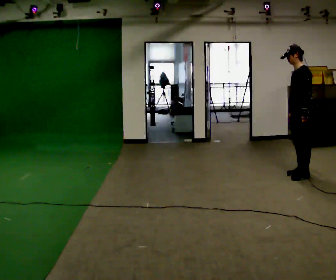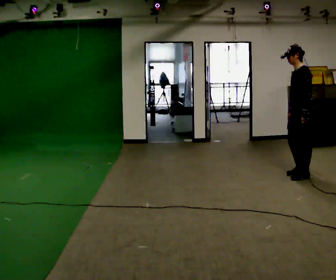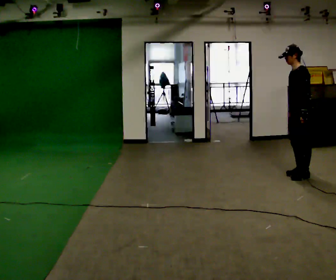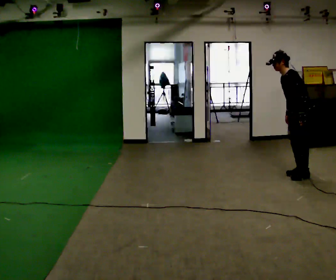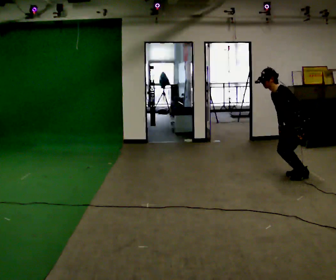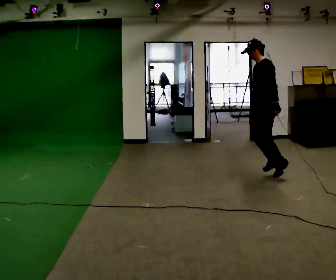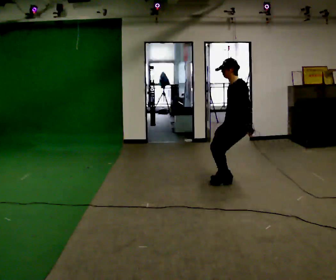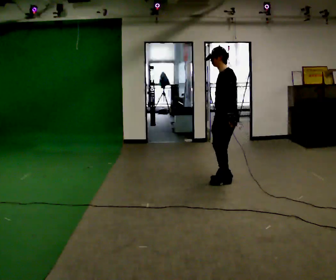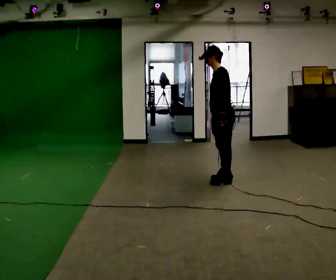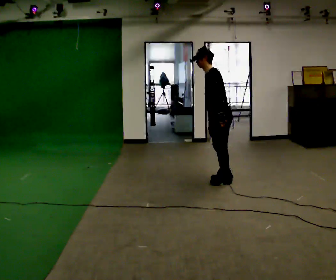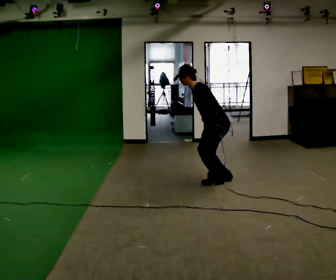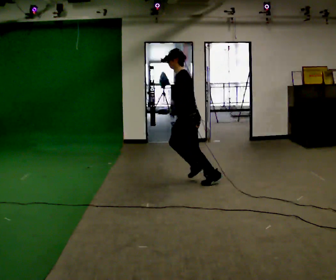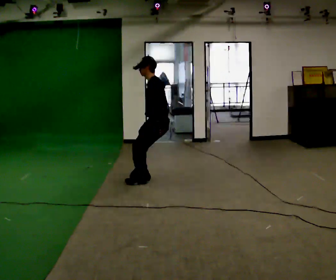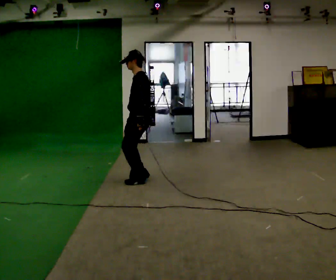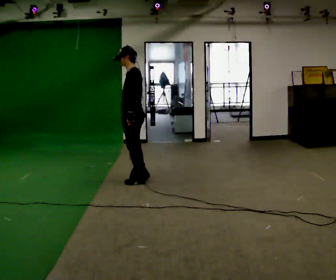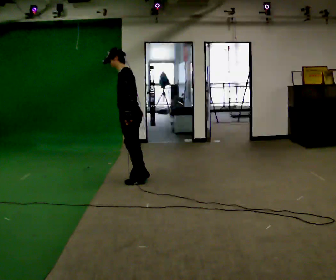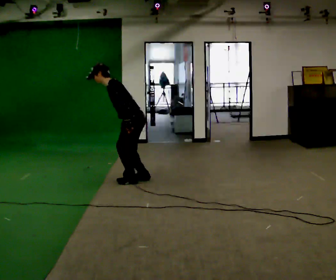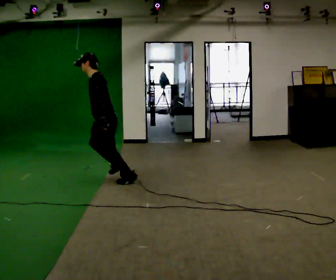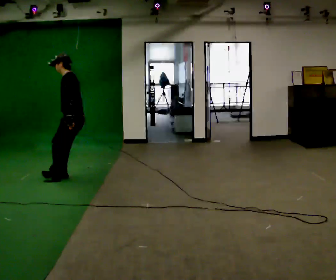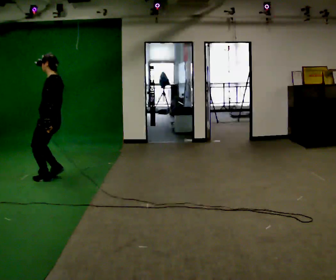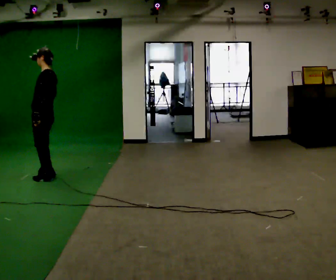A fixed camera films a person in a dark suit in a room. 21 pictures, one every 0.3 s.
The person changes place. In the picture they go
to the left.
0.0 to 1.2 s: The upper body goes downward. In the picture the upper body tilts counterclockwise, shoulders to the left, as they bend forward.
1.2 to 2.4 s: In the picture they go to the left, about 1 m in 2 steps, which for them is forward. In the picture the upper body tilts clockwise, shoulders to the right, as they lean back or straighten.
2.4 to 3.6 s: In the picture they go to the left, about 1 m, which for them is forward.
3.6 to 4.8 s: In the picture they go to the left, about 0.25 m in 2 steps, which for them is forward. In the picture the upper body tilts counterclockwise, shoulders to the left, as they bend forward.
4.8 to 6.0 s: In the picture they go to the left, about 1 m in 3 steps, which for them is forward. In the picture the upper body tilts clockwise, shoulders to the right, as they lean back or straighten.
The film runs forward here.
